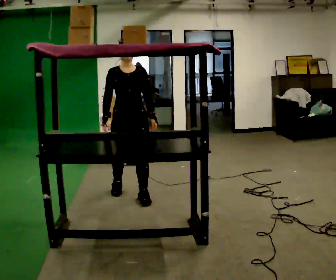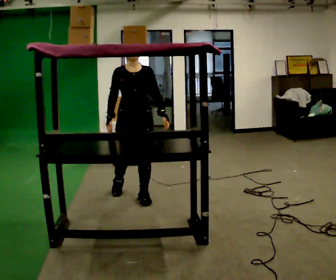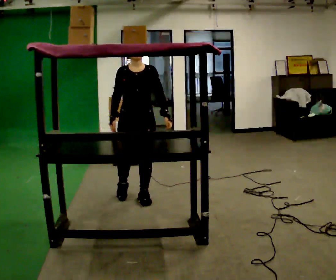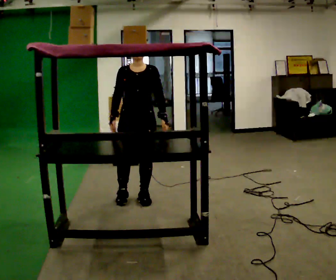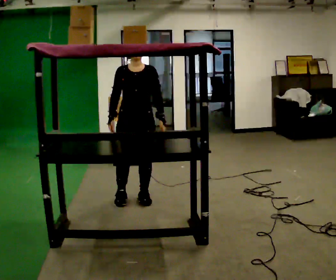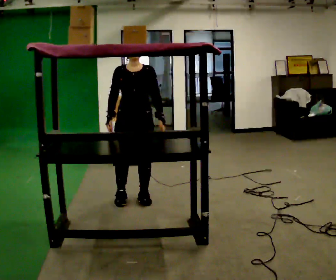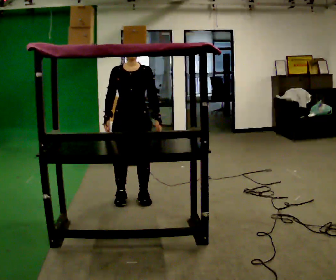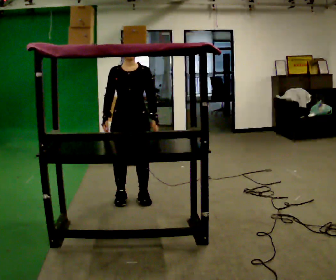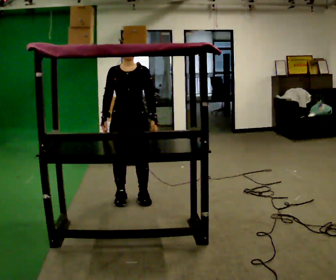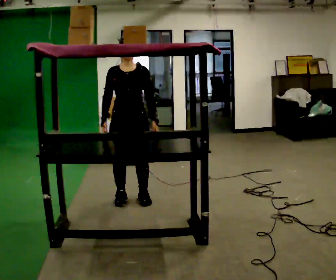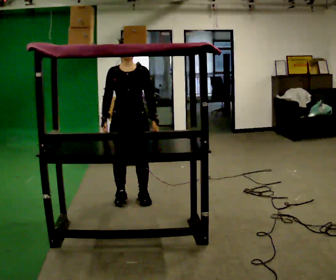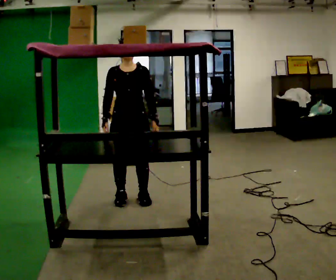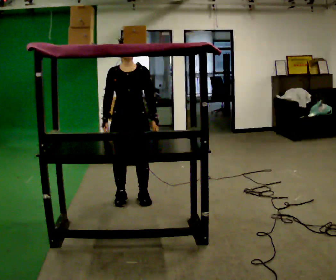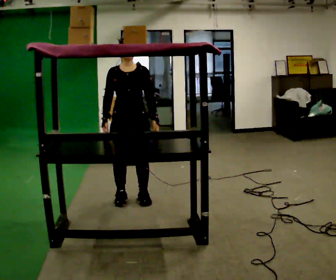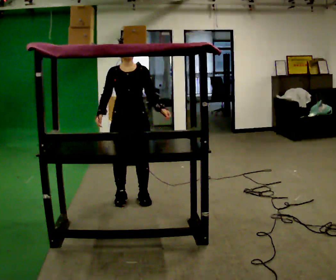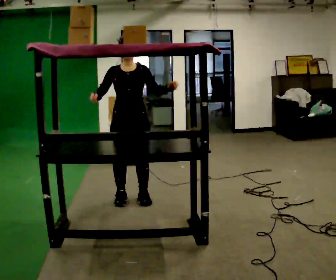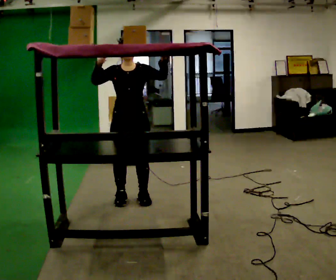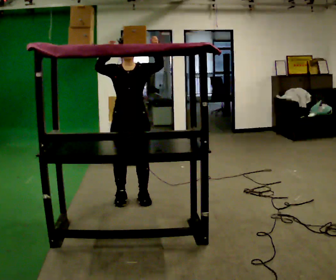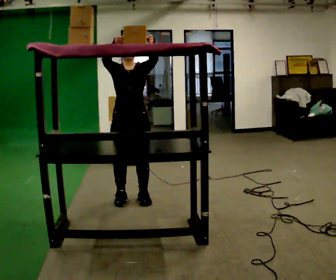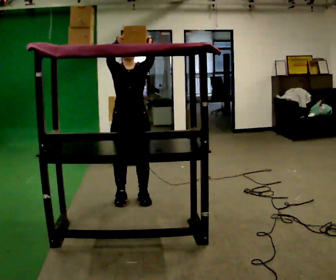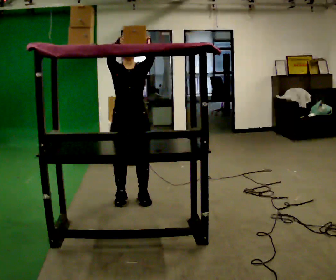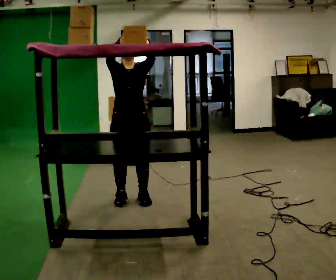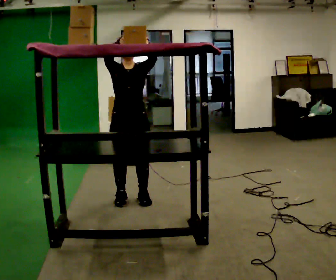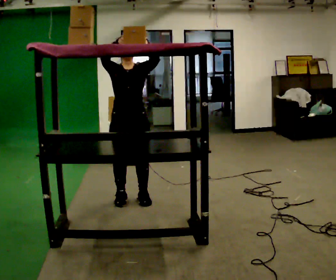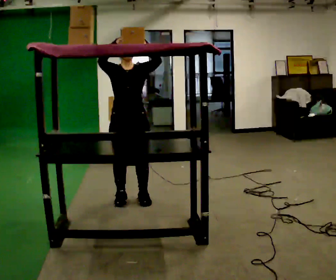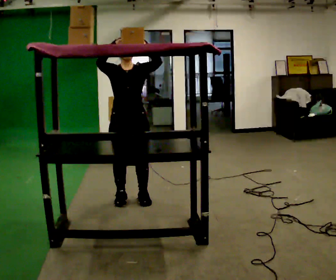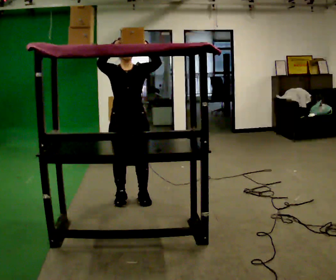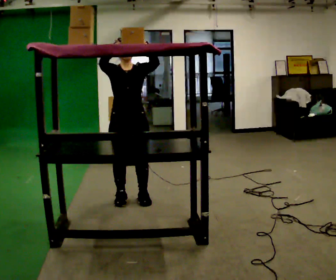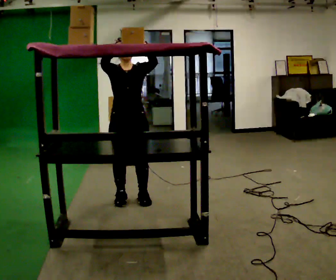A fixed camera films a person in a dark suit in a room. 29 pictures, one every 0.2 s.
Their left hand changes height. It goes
upward.
Their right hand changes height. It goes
upward.
0.0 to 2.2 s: The person moves a little, or ends about where they began.
2.2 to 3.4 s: In the picture their left hand goes upward, the arm swinging counterclockwise.
3.4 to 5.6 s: The person moves a little, or ends about where they began.
The film runs forward here.
